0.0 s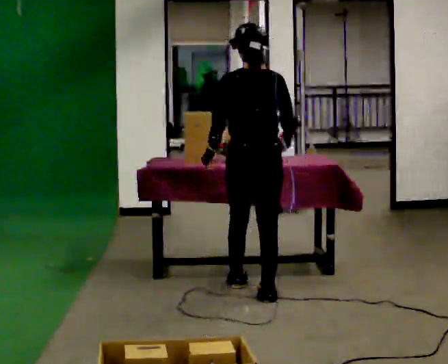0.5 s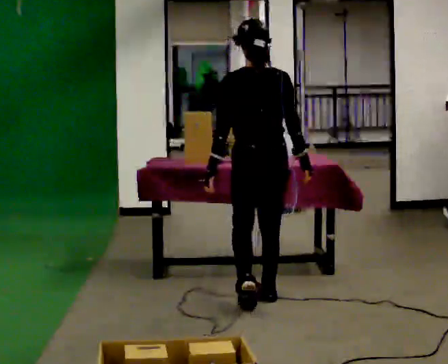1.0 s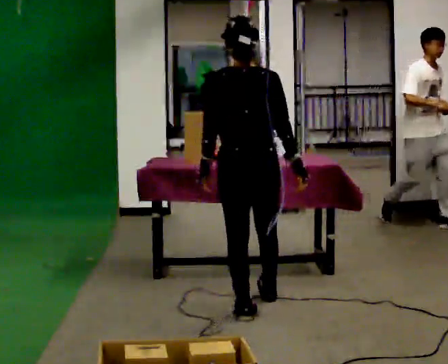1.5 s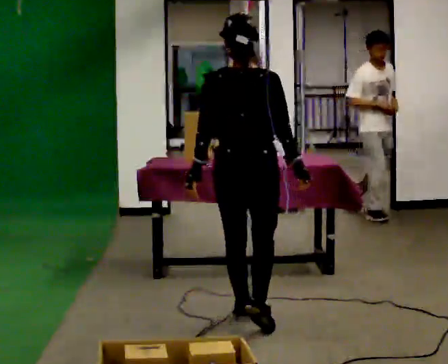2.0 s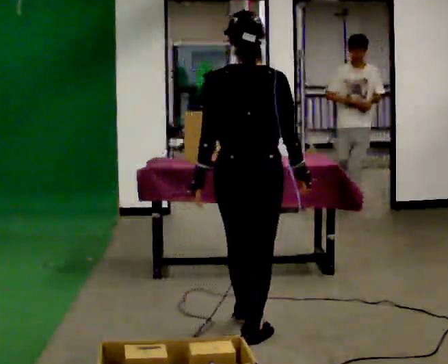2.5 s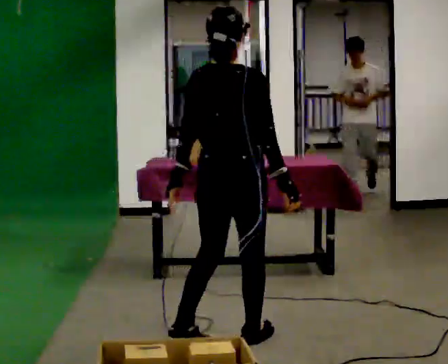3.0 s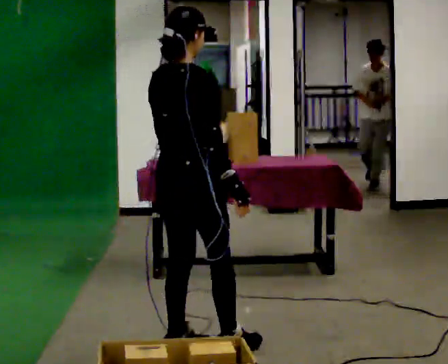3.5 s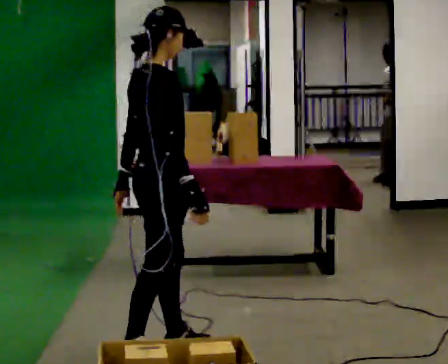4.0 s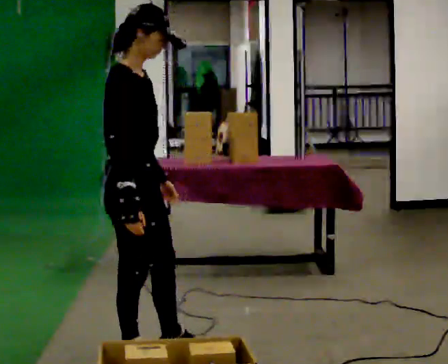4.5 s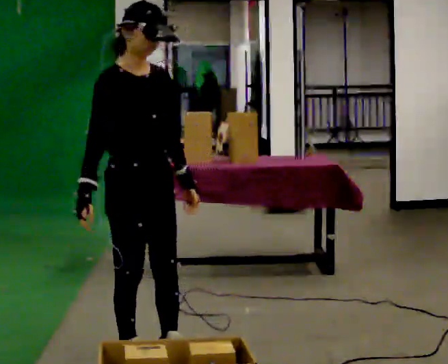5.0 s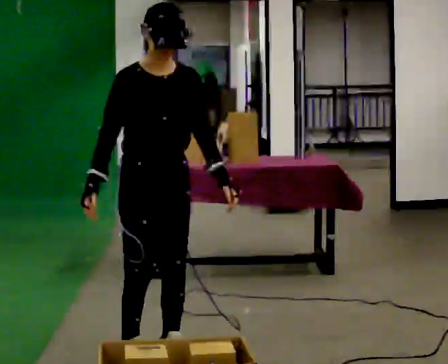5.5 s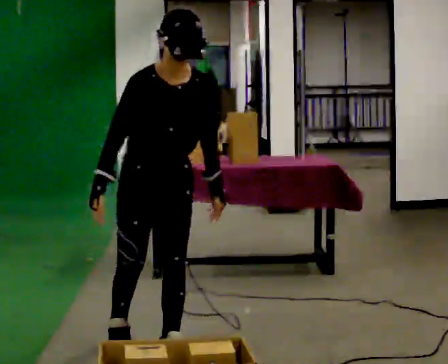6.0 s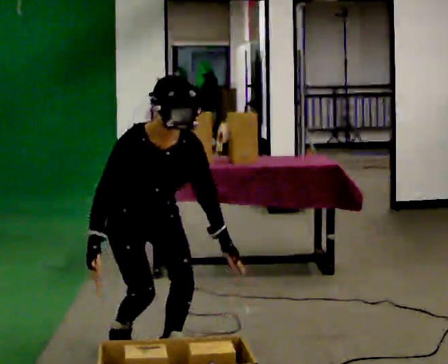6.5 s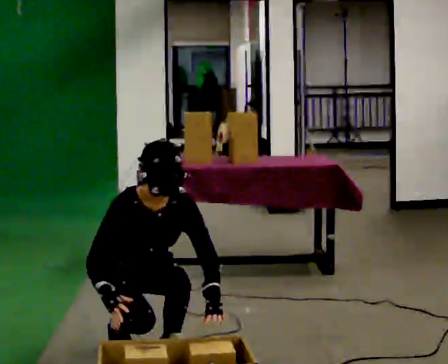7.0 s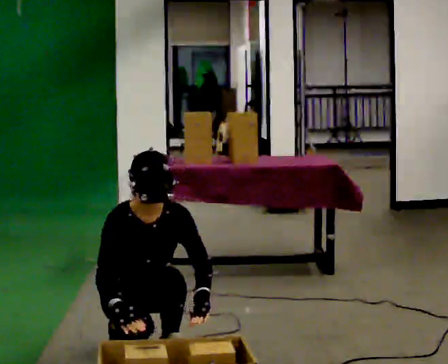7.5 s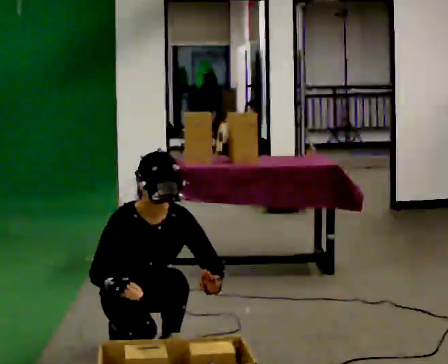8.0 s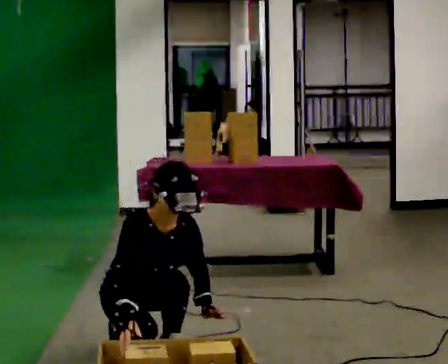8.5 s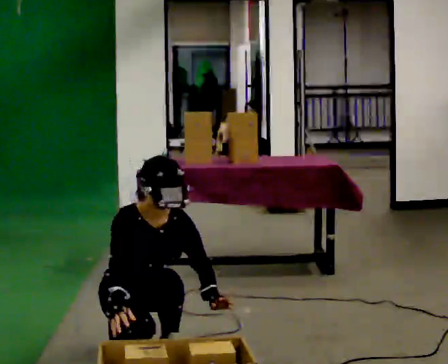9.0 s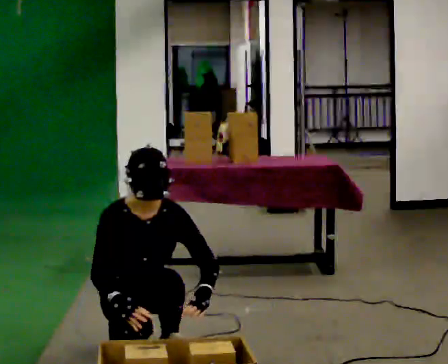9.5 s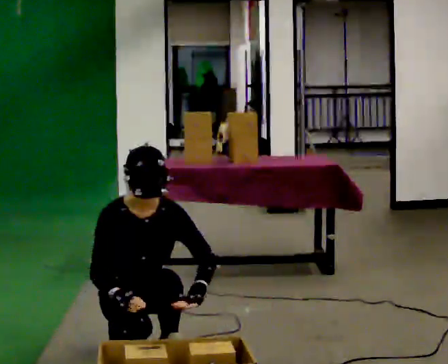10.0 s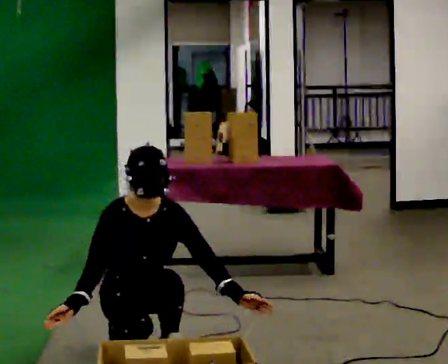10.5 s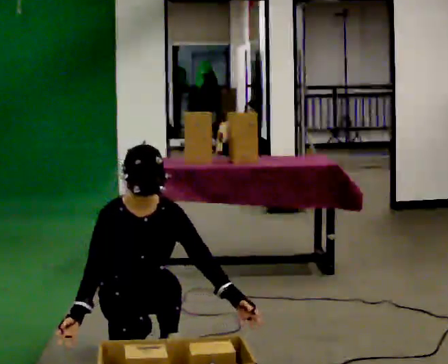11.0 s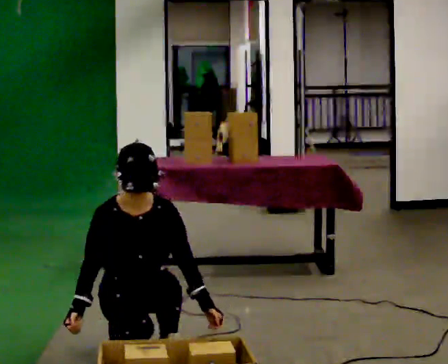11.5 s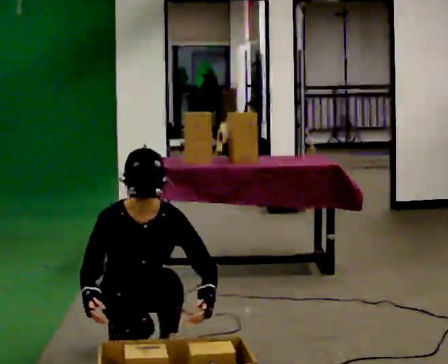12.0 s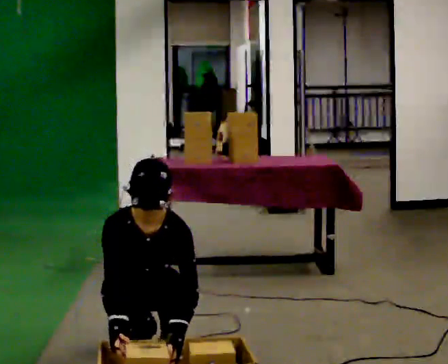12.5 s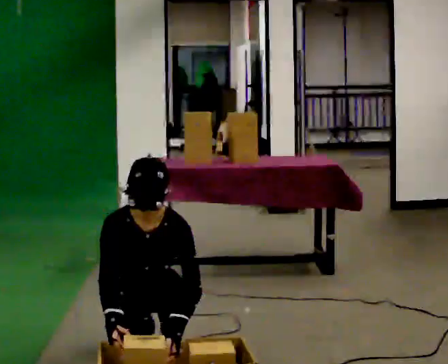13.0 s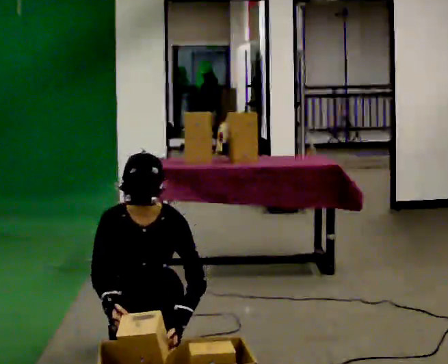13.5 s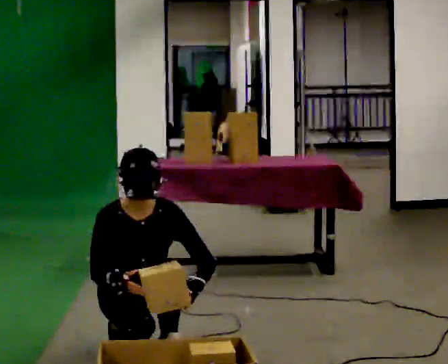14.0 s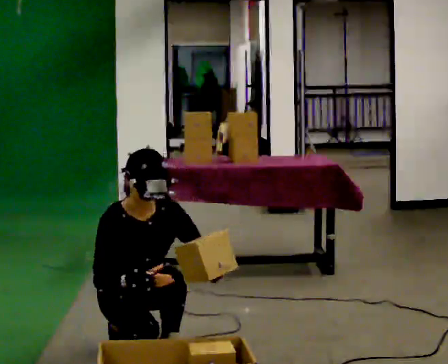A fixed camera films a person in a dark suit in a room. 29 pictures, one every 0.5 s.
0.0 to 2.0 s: In the picture they go toward the camera, about 1 m in 3 steps, which for them is backward.
2.0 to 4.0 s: The part of the body nearest the lens slides to the left as the person turns to their right by about 105 degrees. In the picture they go to the left and toward the camera, about 0.75 m in 1 step.
4.0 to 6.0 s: Seen from above the body turns clockwise, about 60 degrees: to their right, with its near side sliding to the left. In the picture they go away from the camera, about 0.25 m in 1 step. The shoulders move downward. The upper body tips toward the camera, its near side rolling downward, as they bend forward.
6.0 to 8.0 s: The shoulders move downward.
8.0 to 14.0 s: The person moves a little, or ends about where they began.
The film runs backward here.
